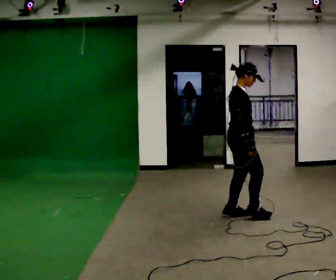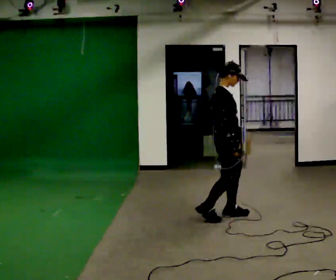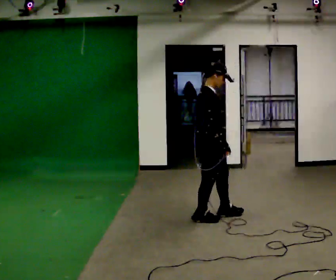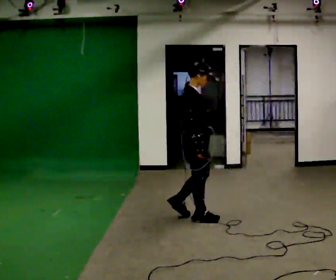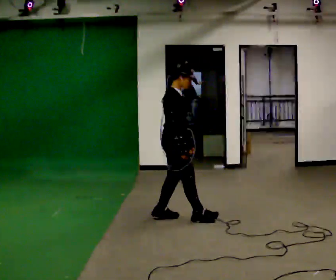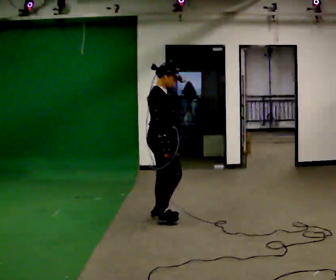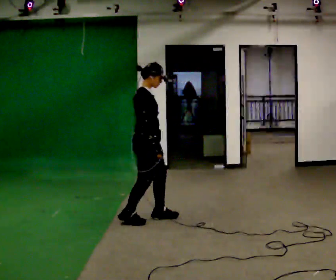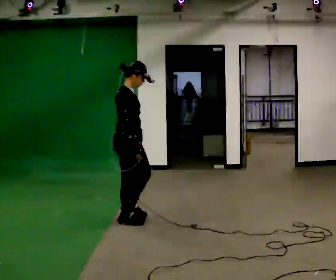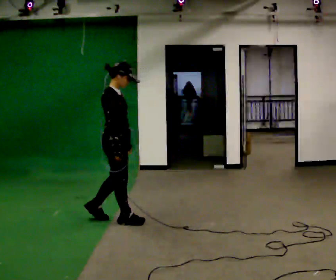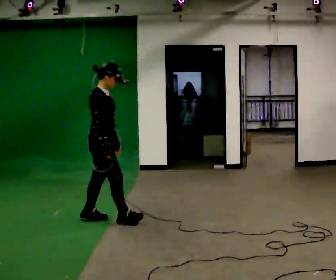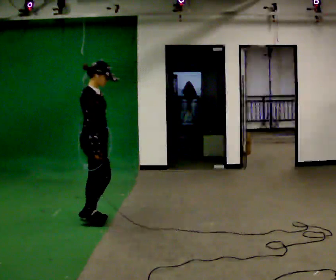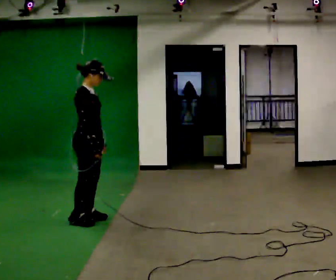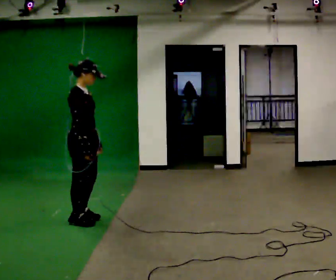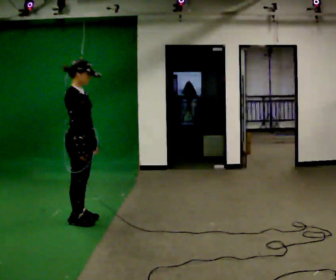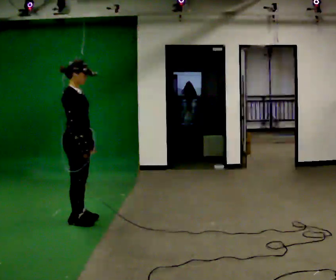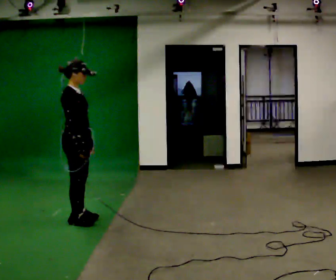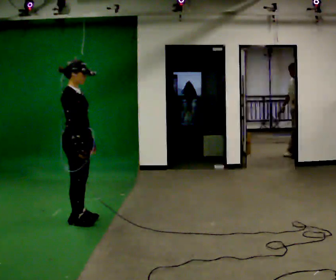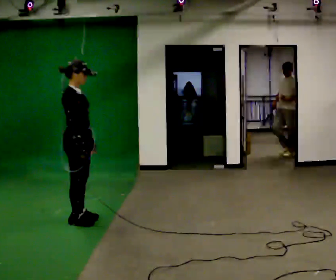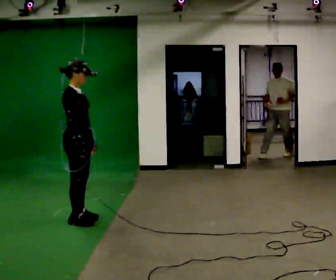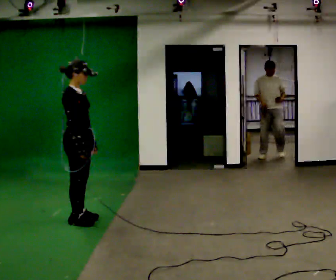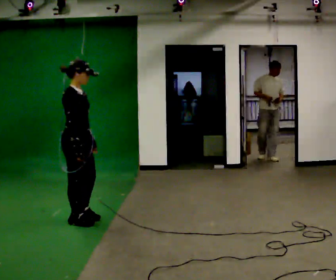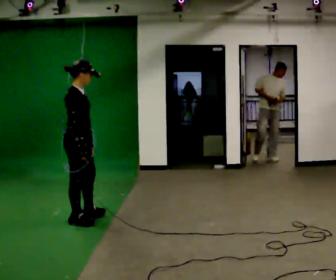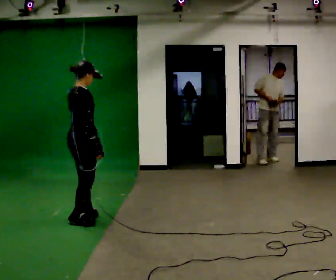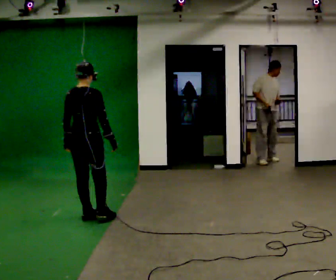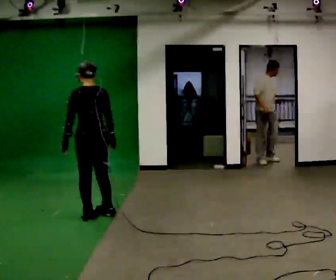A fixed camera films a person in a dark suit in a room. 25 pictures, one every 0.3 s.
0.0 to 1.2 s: In the picture they go to the left, about 0.75 m in 2 steps, which for them is backward.
1.2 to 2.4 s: In the picture they go to the left, about 0.5 m in 1 step, which for them is backward.
2.4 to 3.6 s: In the picture they go to the left, about 0.25 m in 2 steps, which for them is backward.
3.6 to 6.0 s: The person moves a little, or ends about where they began.
6.0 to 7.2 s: The part of the body nearest the lens slides to the right as the person turns to their left by about 120 degrees. In the picture they go to the right and away from the camera, about 0.25 m in 1 step.
The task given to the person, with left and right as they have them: Walk backward slowly; stop.
The film runs forward here.
